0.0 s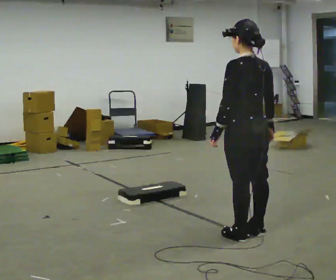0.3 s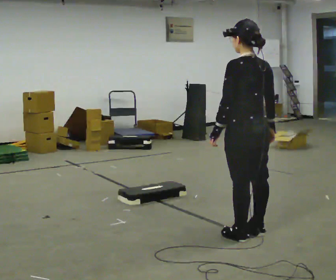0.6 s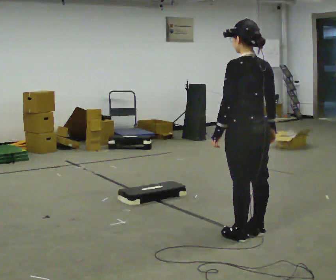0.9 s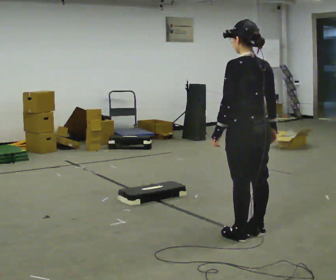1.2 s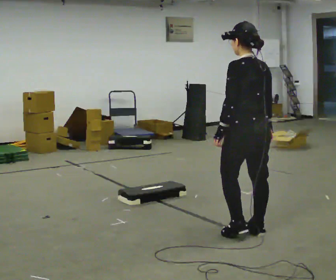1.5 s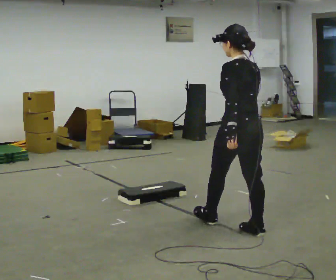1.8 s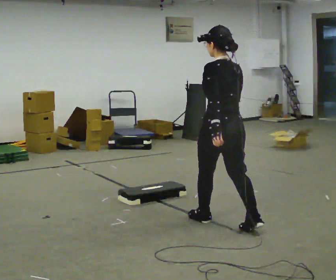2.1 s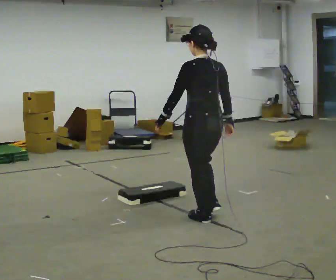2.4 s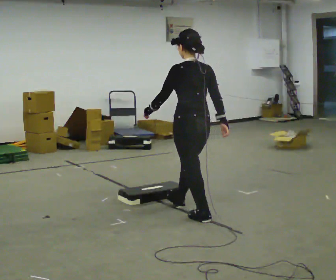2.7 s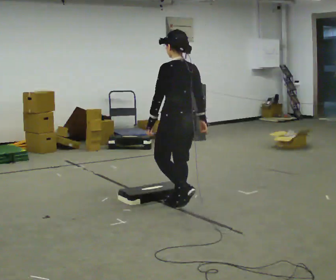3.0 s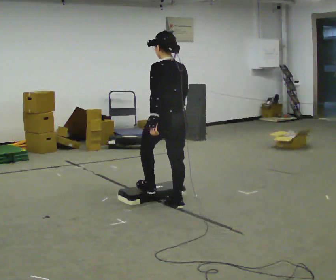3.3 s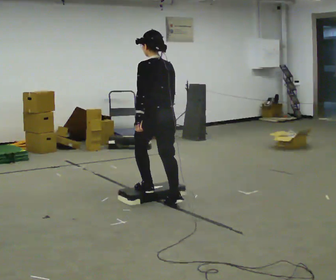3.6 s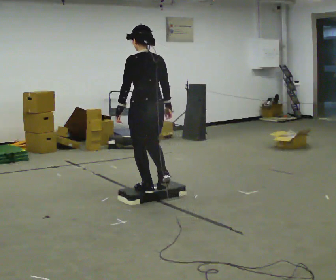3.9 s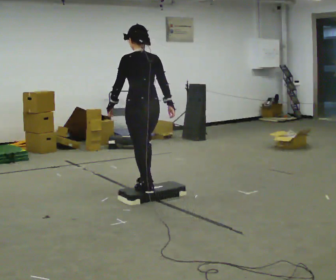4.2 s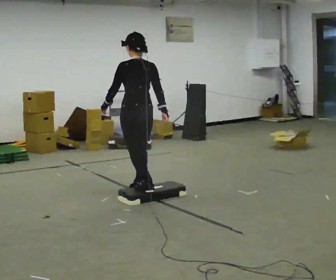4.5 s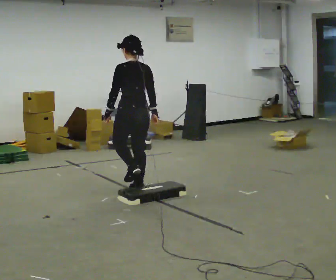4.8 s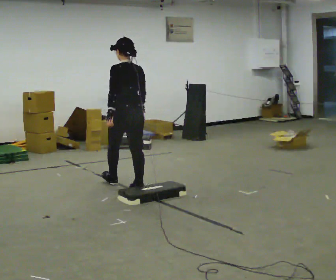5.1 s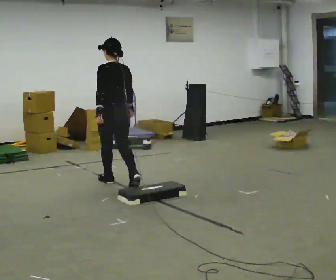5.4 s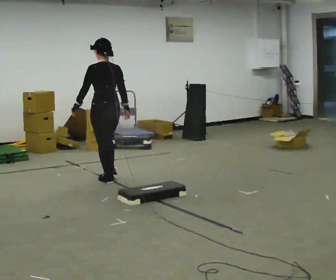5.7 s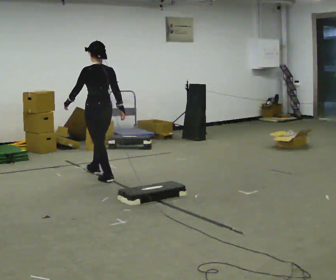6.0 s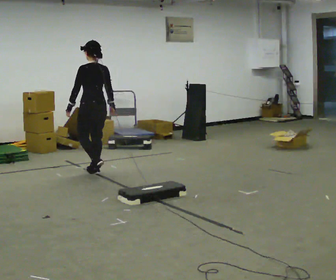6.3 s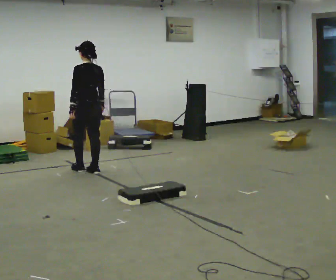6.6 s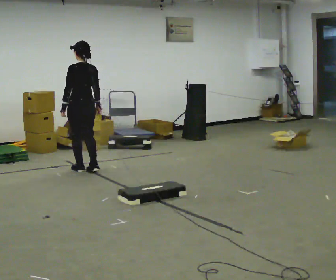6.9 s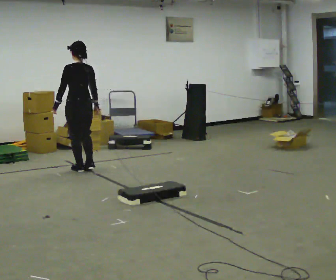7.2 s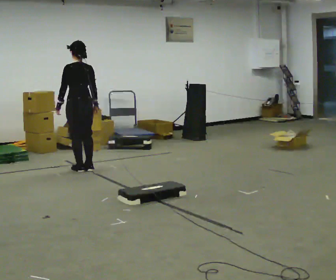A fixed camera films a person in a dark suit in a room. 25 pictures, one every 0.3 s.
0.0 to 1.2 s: The person moves a little, or ends about where they began.
1.2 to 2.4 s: In the picture they go away from the camera and to the left, about 0.75 m in 1 step, which for them is forward.
2.4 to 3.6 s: In the picture they go away from the camera and to the left, about 0.75 m in 2 steps, which for them is forward.
3.6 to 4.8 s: In the picture they go away from the camera and to the left, about 0.5 m in 1 step, which for them is forward.
4.8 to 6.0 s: In the picture they go away from the camera and to the left, about 1 m in 2 steps, which for them is forward.
6.0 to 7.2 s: In the picture they go to the left and away from the camera, about 0.25 m in 2 steps, which for them is forward.
The film runs forward here.
